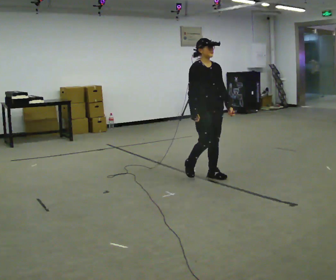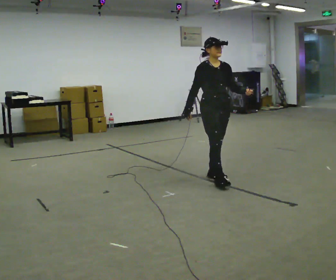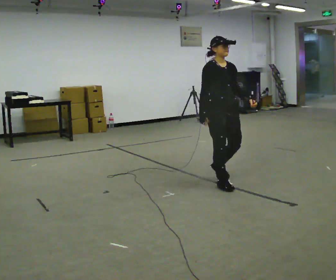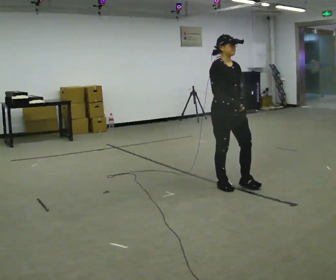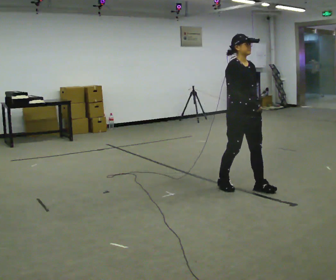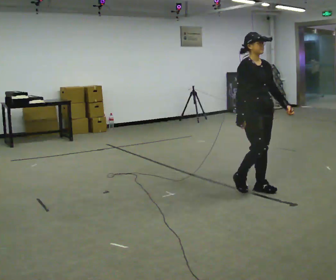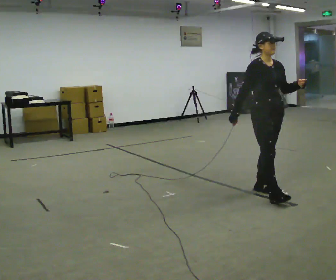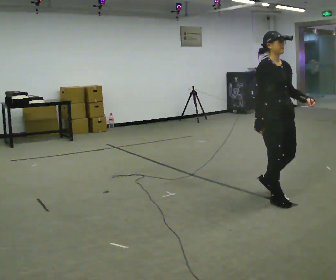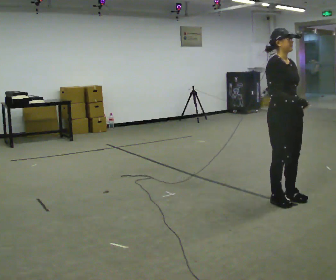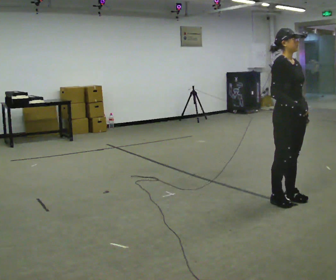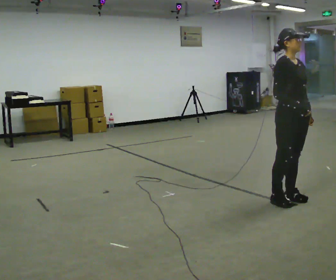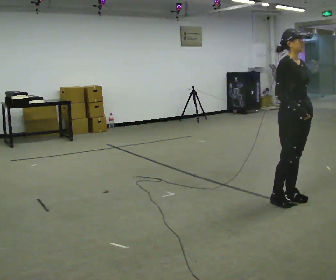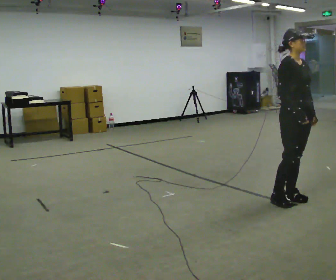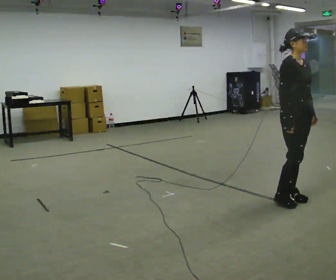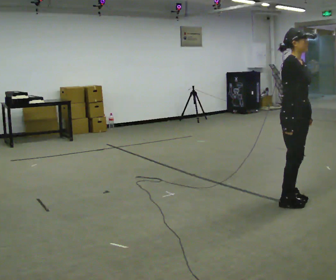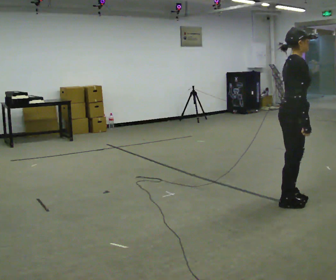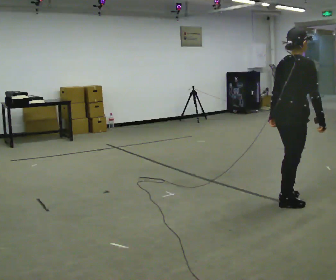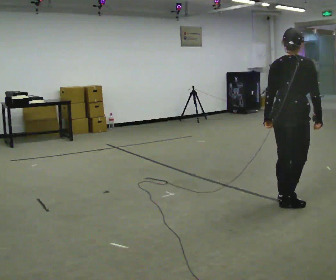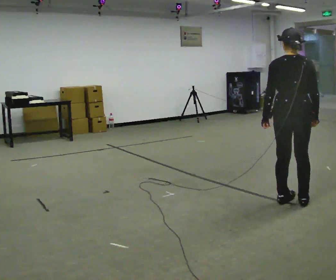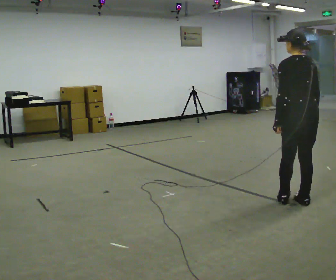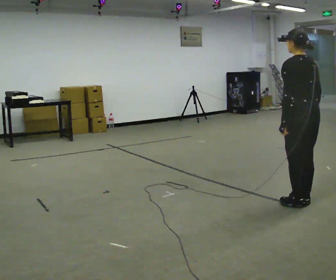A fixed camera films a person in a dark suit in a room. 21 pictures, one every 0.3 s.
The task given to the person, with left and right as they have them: Walk; crouch comfortably at marker; remain briefly; stand and continue.
0.0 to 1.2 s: In the picture they go to the right and toward the camera, about 0.5 m in 2 steps, which for them is forward.
1.2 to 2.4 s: In the picture they go to the right and toward the camera, about 0.5 m in 2 steps, which for them is forward.
2.4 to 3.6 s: The person moves a little, or ends about where they began.
3.6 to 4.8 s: The part of the body nearest the lens slides to the right as the person turns to their left by about 75 degrees. In the picture their left hand goes to the left.
4.8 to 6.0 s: The person turns about 105 degrees to their left, counterclockwise seen from above, so the part of the body nearest the lens slides to the right.
The film runs forward here.
